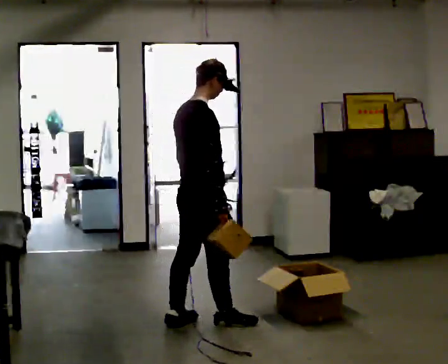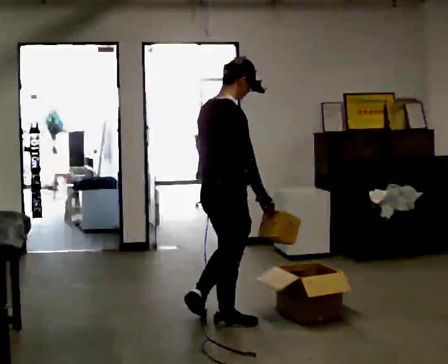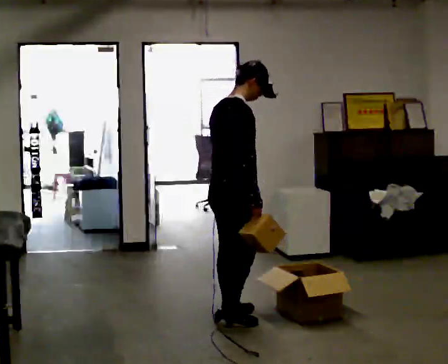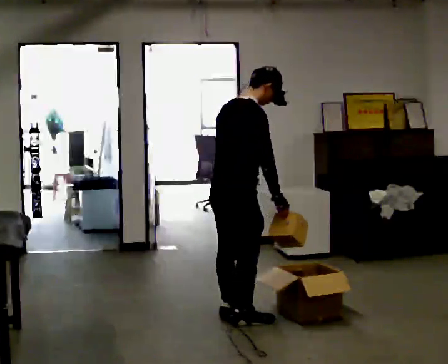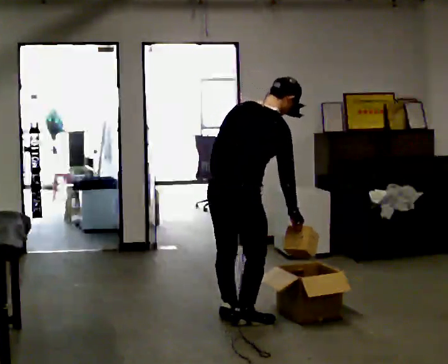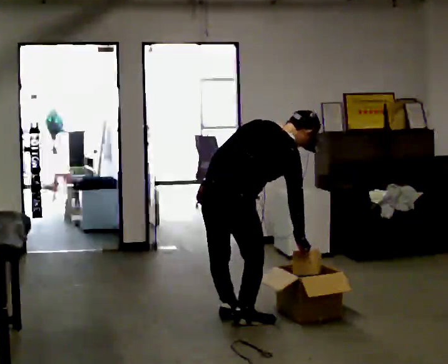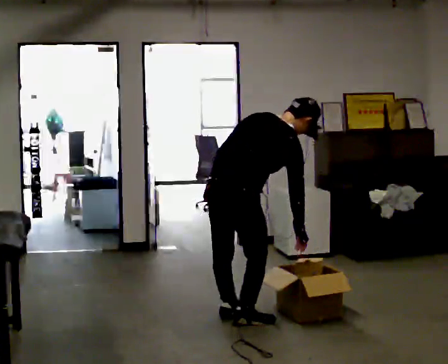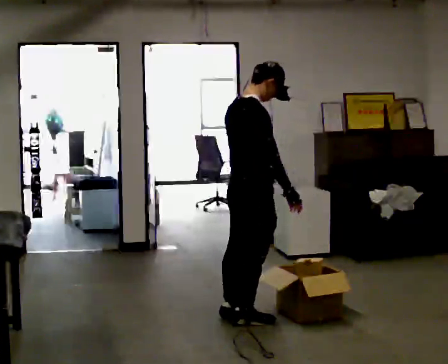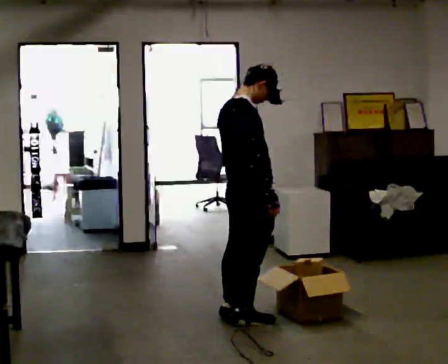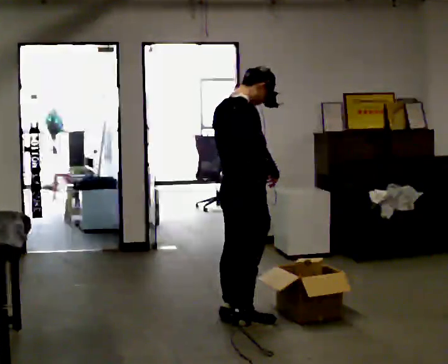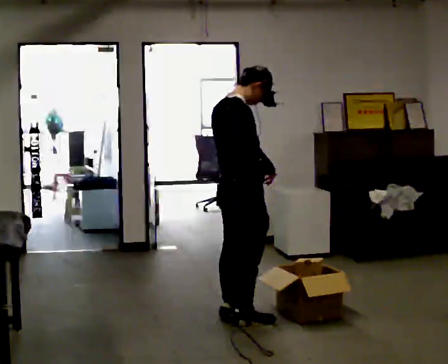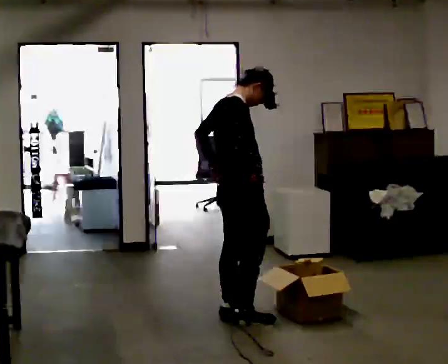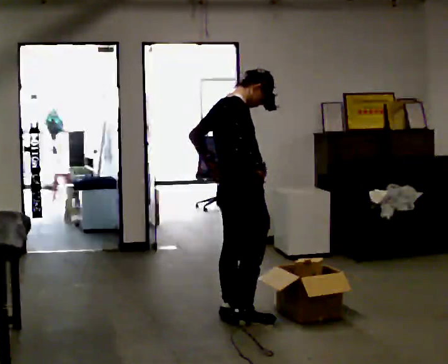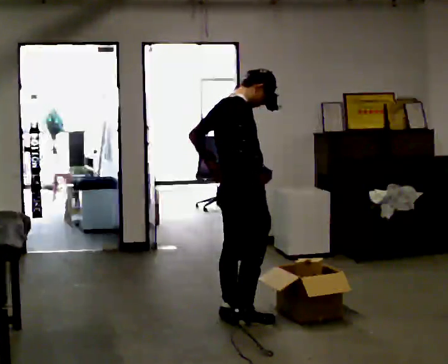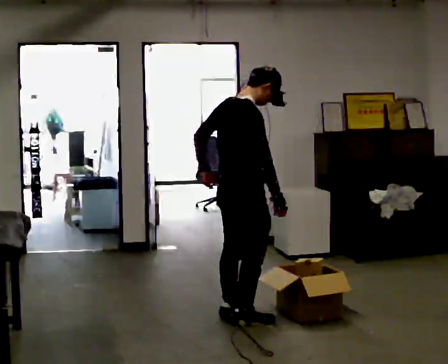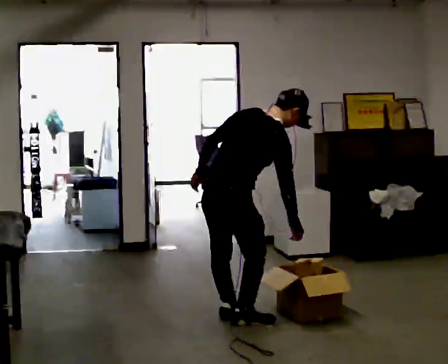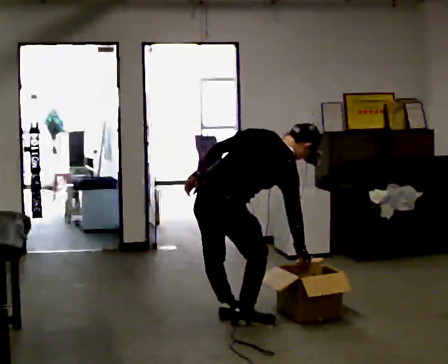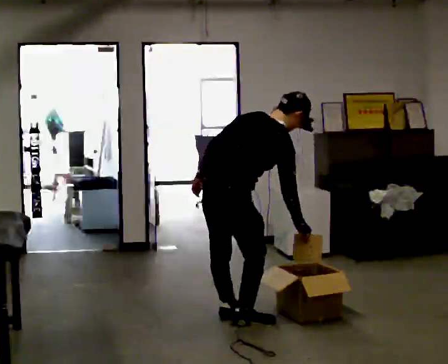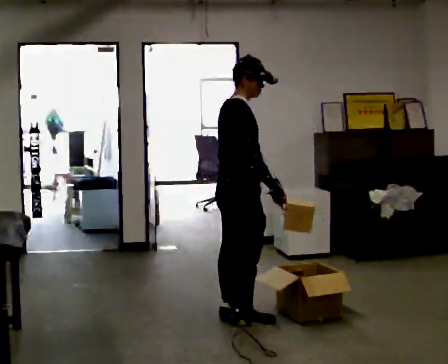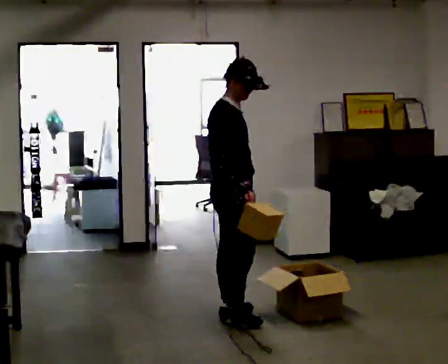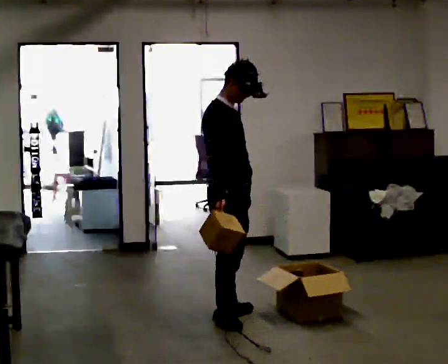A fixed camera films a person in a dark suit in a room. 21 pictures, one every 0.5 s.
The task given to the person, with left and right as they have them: Carry each object across the room and drop it into the container on the floor, then walk back for the next one. Keep going until the operator says stop; one object at a time, and do not rush between trips.
0.0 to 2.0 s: Seen from above the body turns counterclockwise, about 30 degrees: to their left, with its near side sliding to the right. In the picture they go to the right, about 0.25 m in 1 step, which for them is forward. In the picture the upper body tilts clockwise, shoulders to the right, as they bend forward.
2.0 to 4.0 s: The part of the body nearest the lens slides to the left as the person turns to their right by about 30 degrees.
4.0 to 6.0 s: The person moves a little, or ends about where they began.
6.0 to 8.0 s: The shoulders move downward. In the picture the upper body tilts clockwise, shoulders to the right, as they bend forward.
8.0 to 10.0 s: The person turns about 60 degrees to their right, clockwise seen from above, so the part of the body nearest the lens slides to the left. The upper body goes upward. In the picture the upper body tilts counterclockwise, shoulders to the left, as they lean back or straighten.
The film runs forward here.
